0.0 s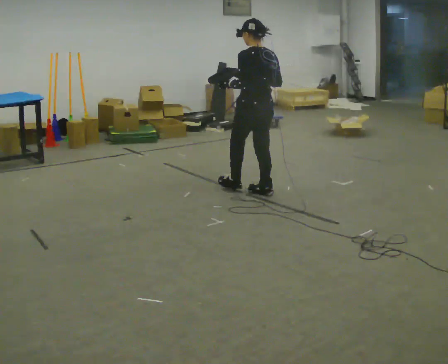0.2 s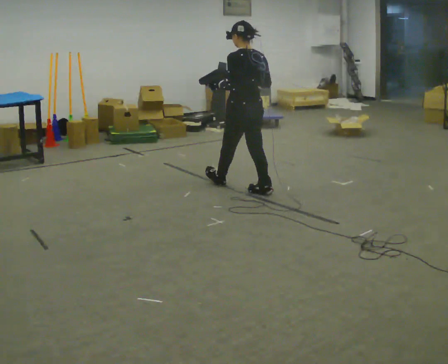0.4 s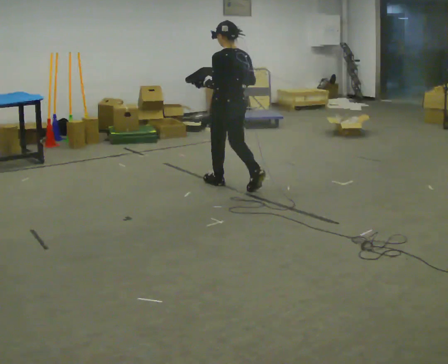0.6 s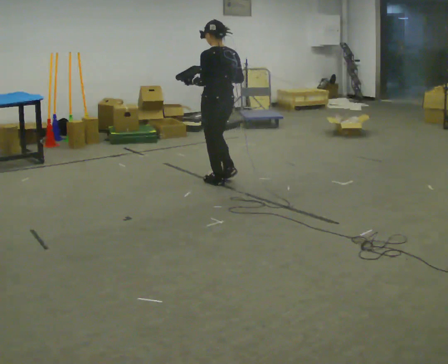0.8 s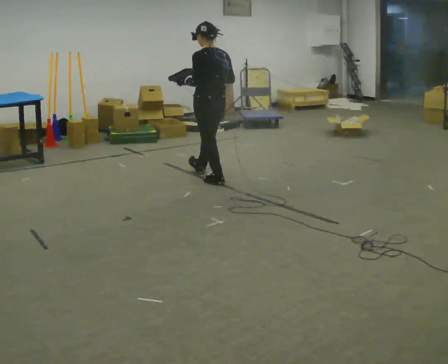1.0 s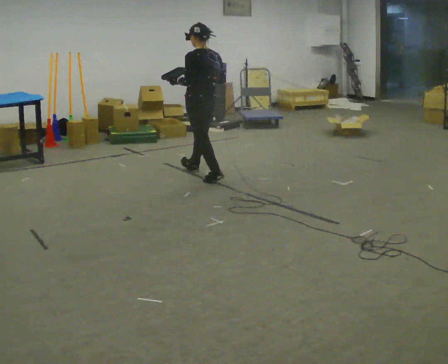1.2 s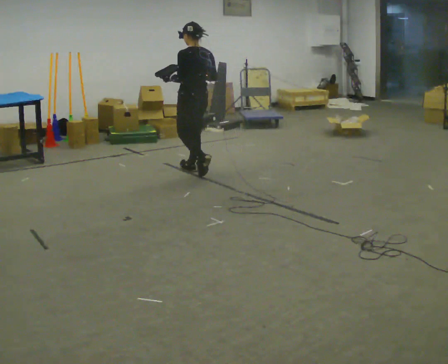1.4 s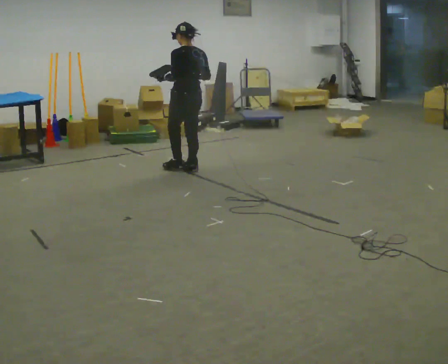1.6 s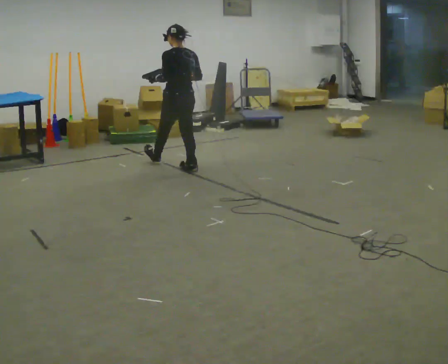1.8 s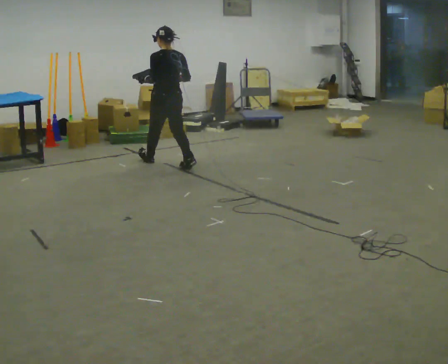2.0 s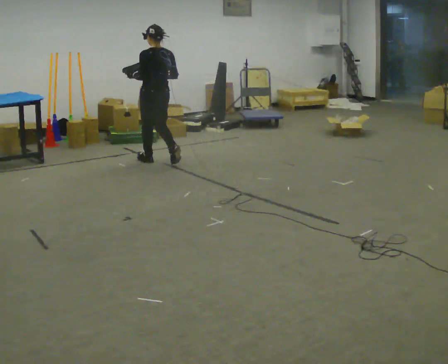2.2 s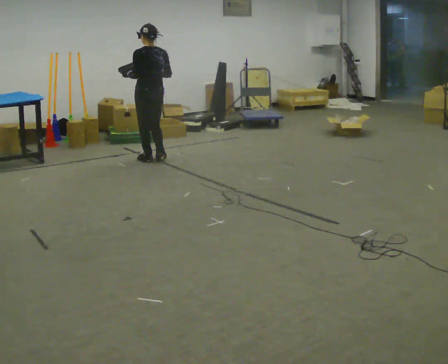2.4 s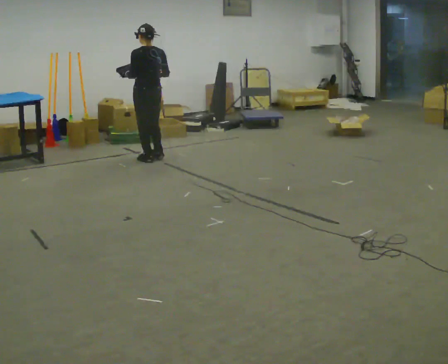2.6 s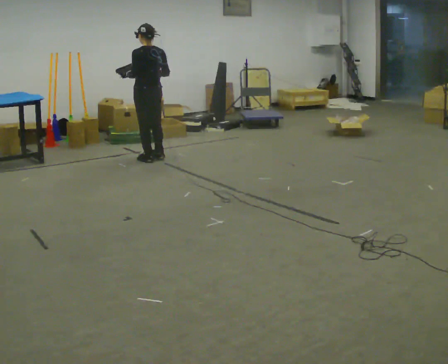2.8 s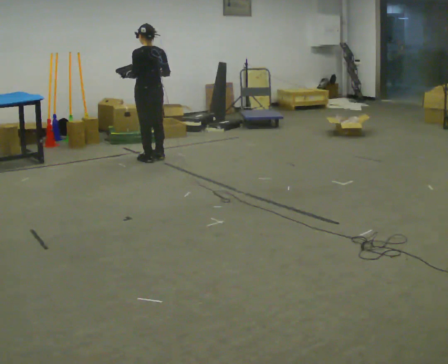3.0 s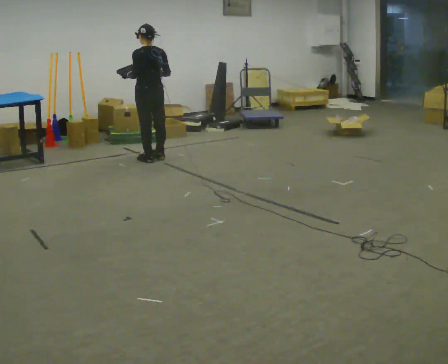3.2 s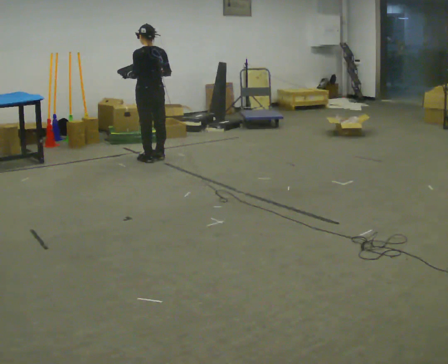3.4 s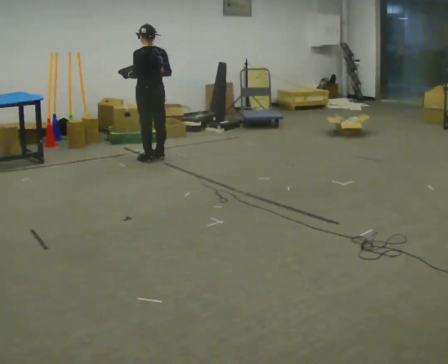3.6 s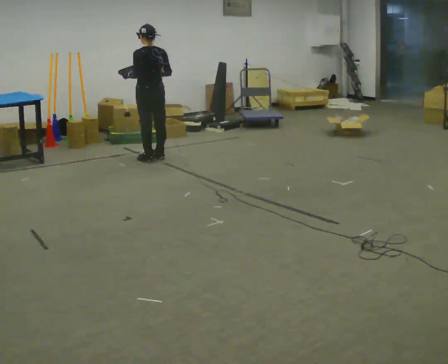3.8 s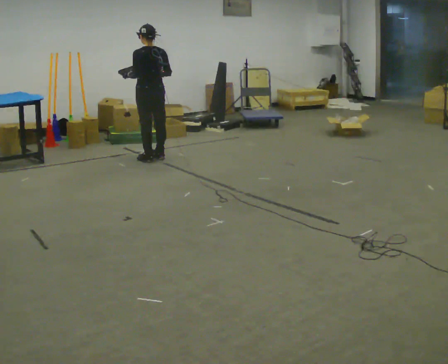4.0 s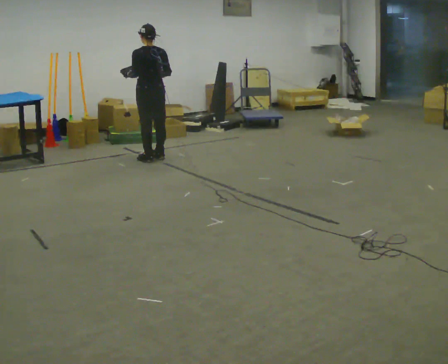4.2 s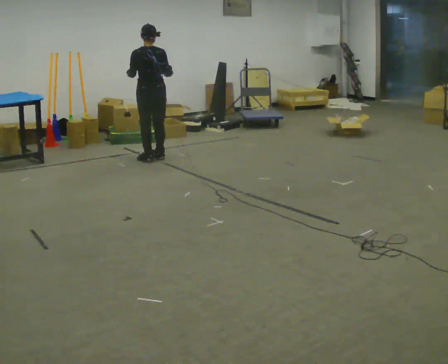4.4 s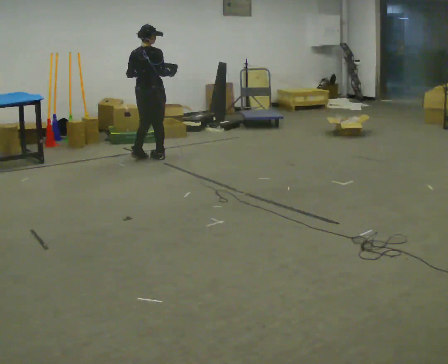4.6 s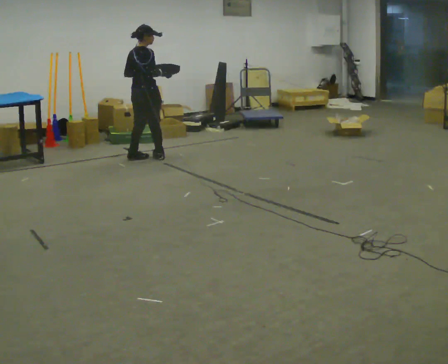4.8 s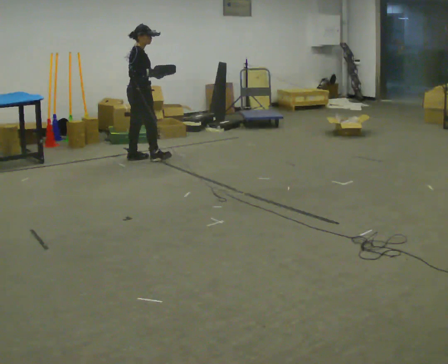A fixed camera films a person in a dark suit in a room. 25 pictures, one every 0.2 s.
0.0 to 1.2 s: In the picture they go away from the camera and to the left, about 1 m in 2 steps, which for them is forward.
1.2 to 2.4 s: In the picture they go away from the camera and to the left, about 0.5 m in 2 steps, which for them is forward.
2.4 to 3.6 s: The person moves a little, or ends about where they began.
3.6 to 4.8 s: The part of the body nearest the lens slides to the left as the person turns to their right by about 105 degrees. In the picture they go to the left, about 0.25 m in 1 step.
The film runs forward here.
